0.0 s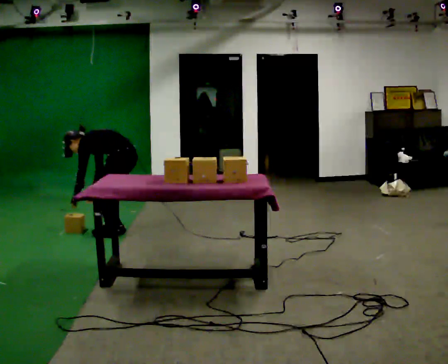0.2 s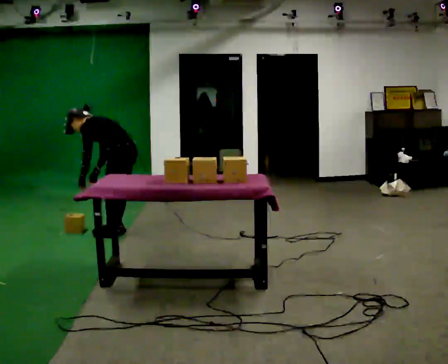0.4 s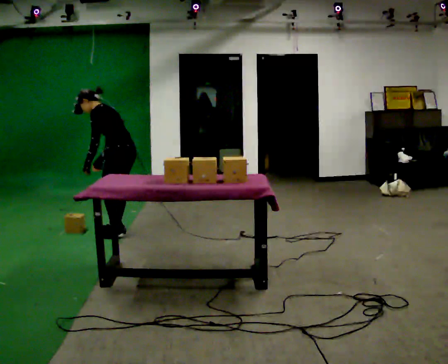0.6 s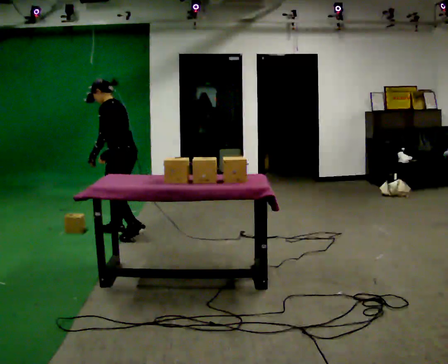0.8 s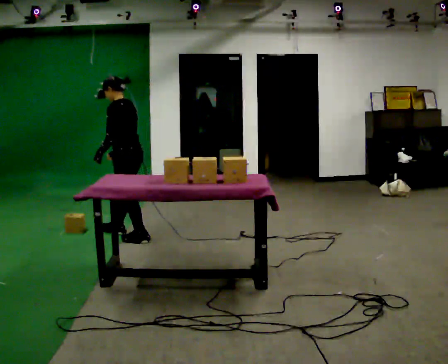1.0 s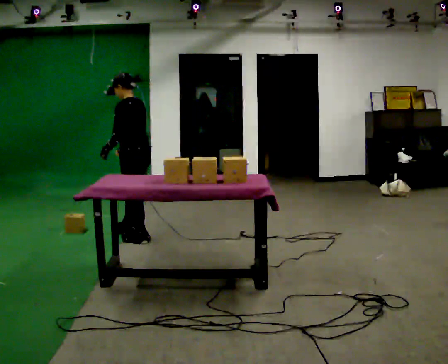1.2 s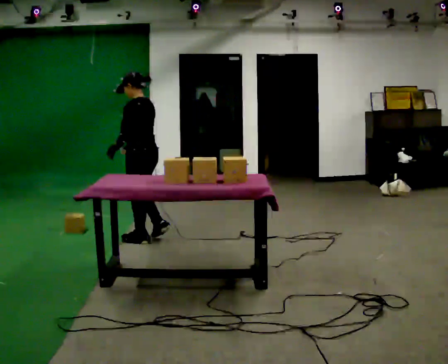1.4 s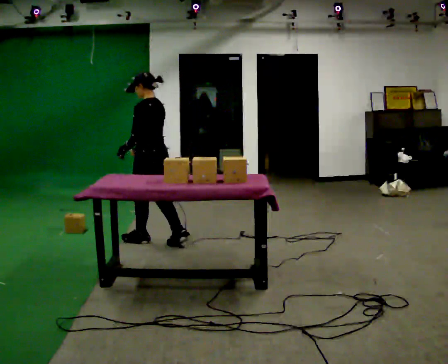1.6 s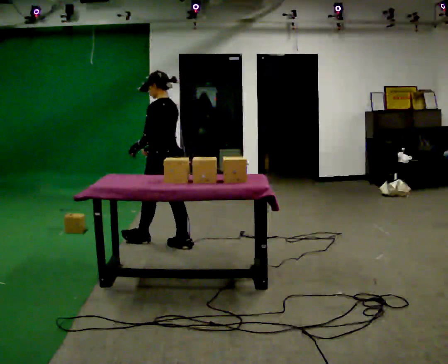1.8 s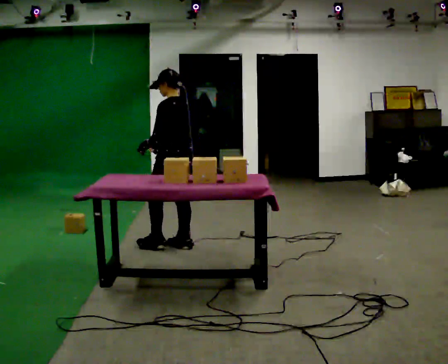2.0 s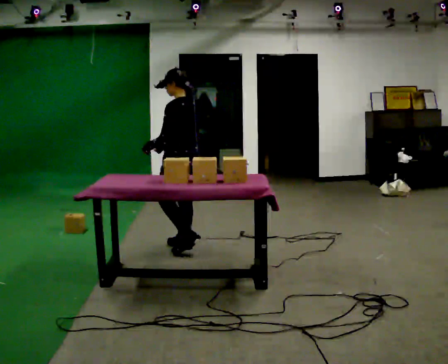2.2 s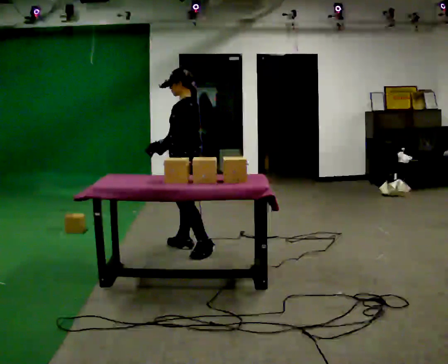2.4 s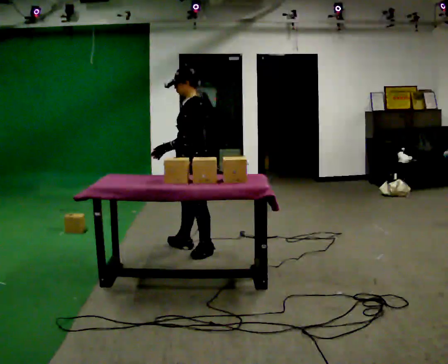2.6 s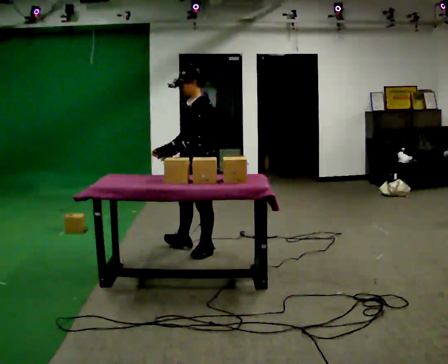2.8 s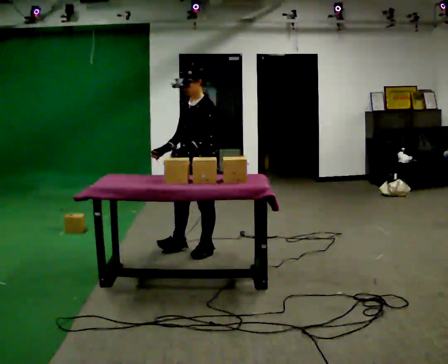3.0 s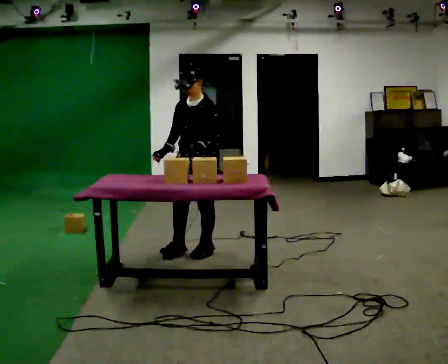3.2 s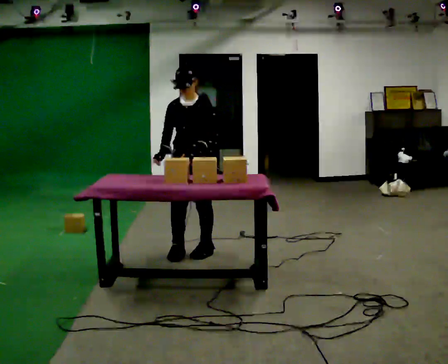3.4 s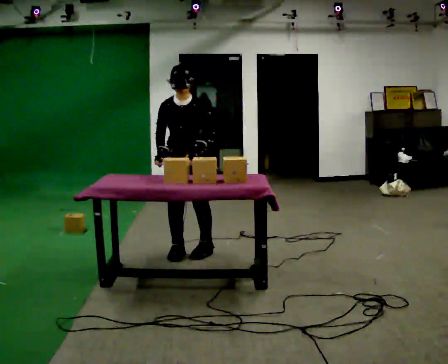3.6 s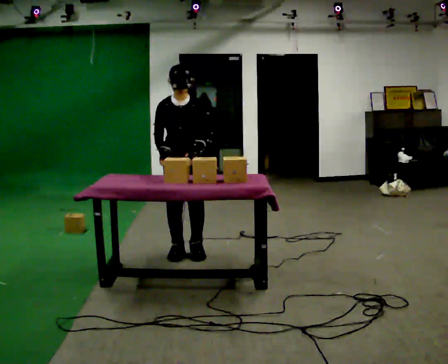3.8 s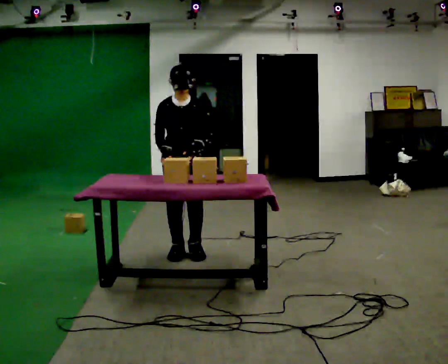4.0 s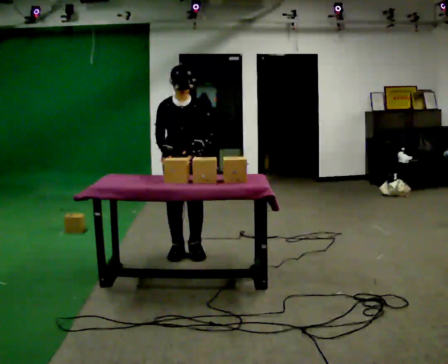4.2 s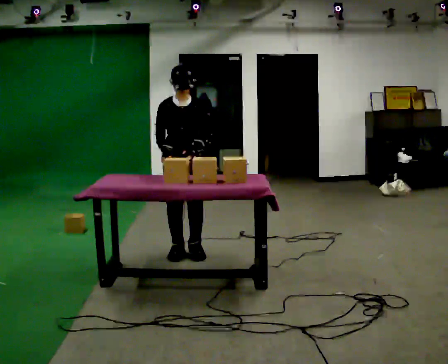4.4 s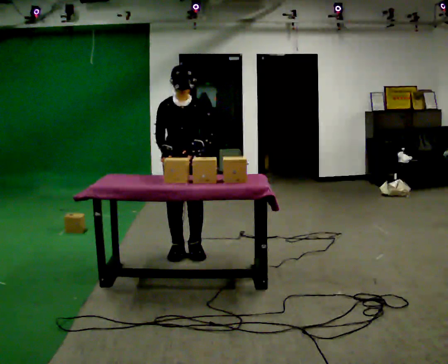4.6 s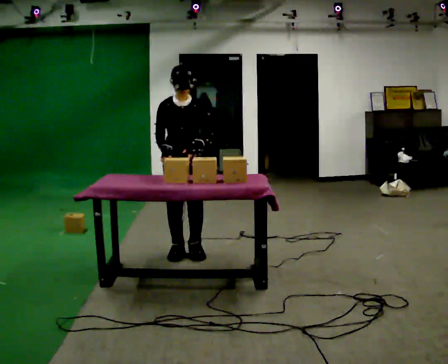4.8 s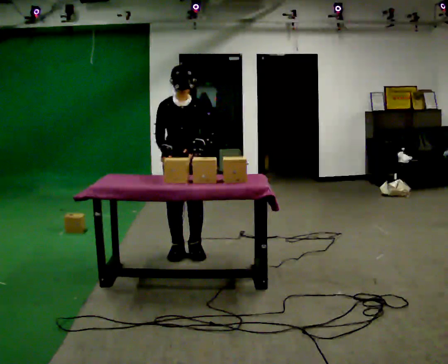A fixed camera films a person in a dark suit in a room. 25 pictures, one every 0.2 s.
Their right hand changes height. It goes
upward.
Their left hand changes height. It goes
upward.
0.0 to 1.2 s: In the picture they go toward the camera and to the right, about 0.25 m in 2 steps, which for them is backward and to their left. The shoulders move upward. In the picture the upper body tilts clockwise, shoulders to the right, as they lean back or straighten. In the picture their left hand goes upward.
1.2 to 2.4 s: The person turns about 30 degrees to their left, counterclockwise seen from above, so the part of the body nearest the lens slides to the right. In the picture they go to the right and toward the camera, about 0.5 m in 1 step, which for them is backward.
2.4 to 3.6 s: Seen from above the body turns counterclockwise, about 90 degrees: to their left, with its near side sliding to the right.
3.6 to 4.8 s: The person moves a little, or ends about where they began.
The film runs backward here.
